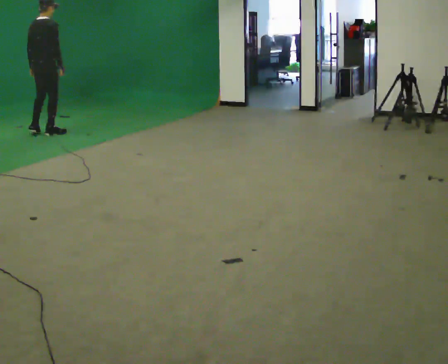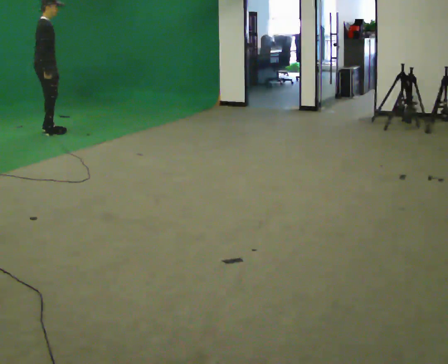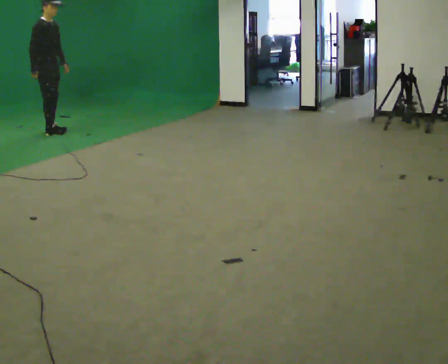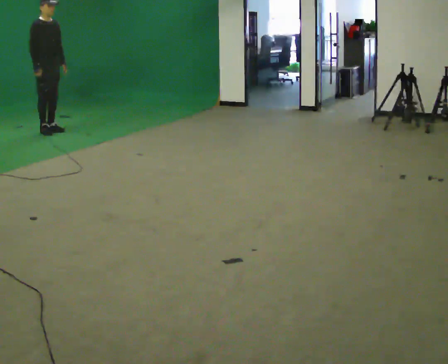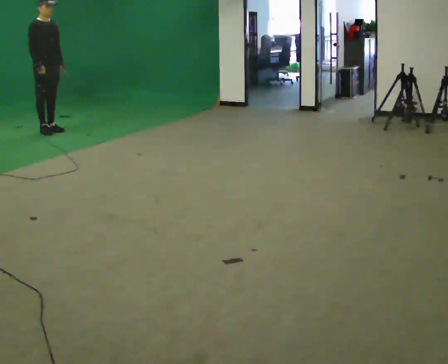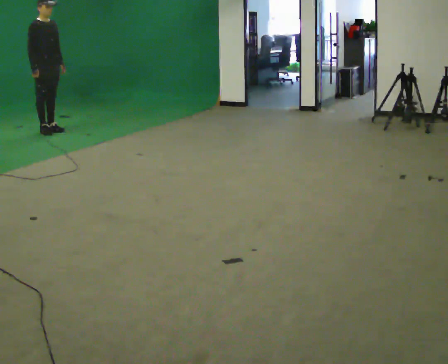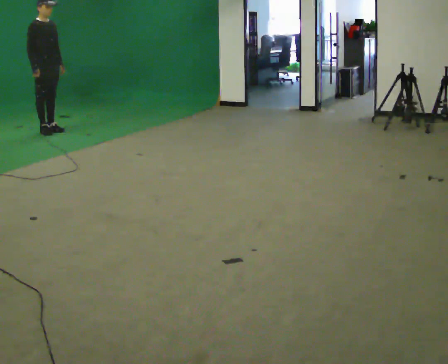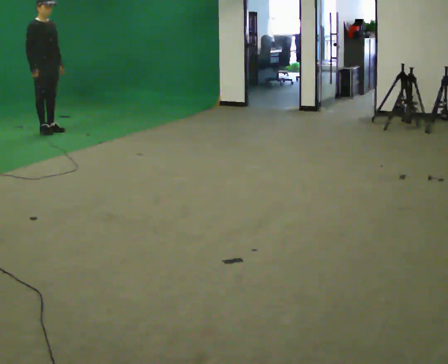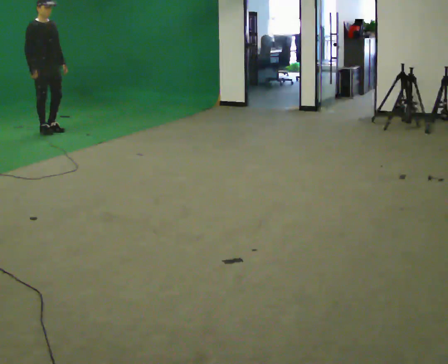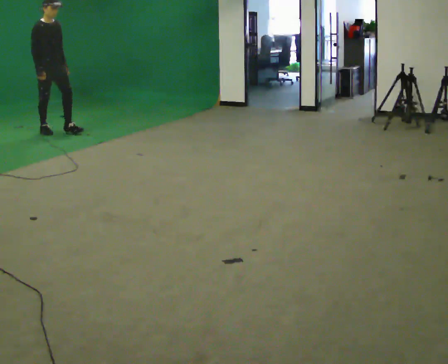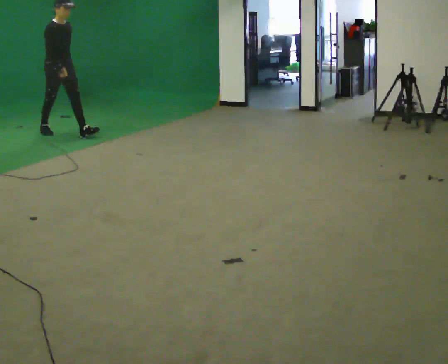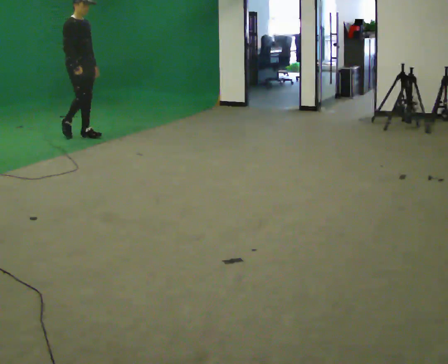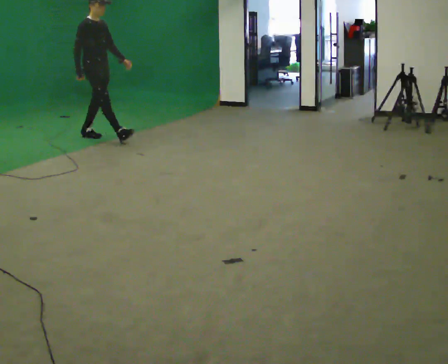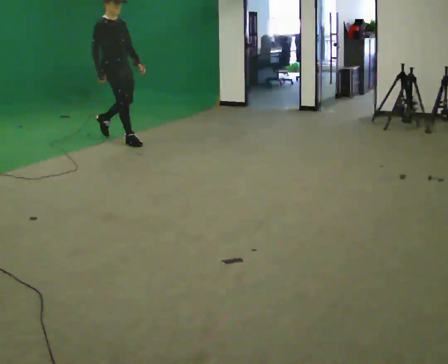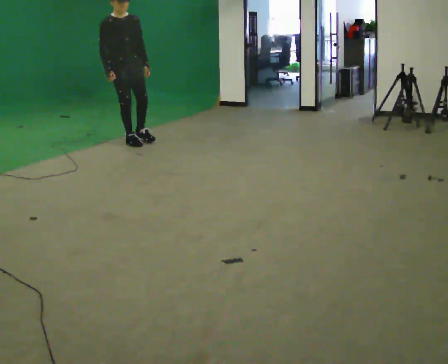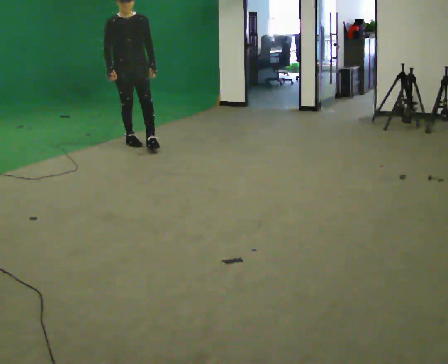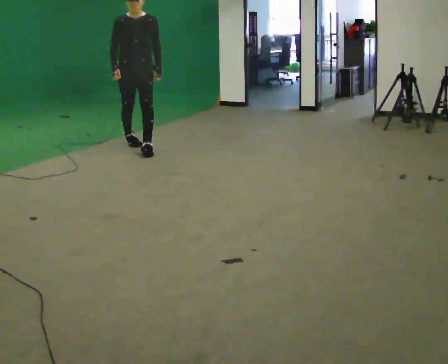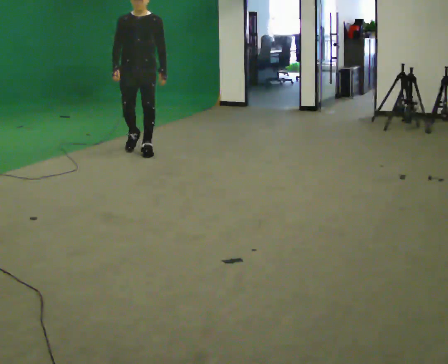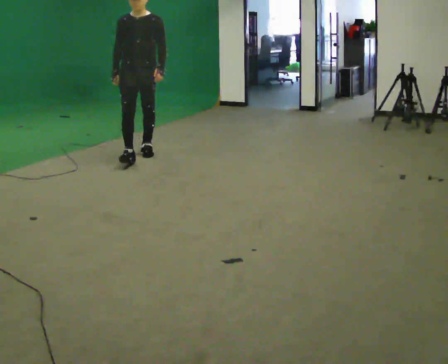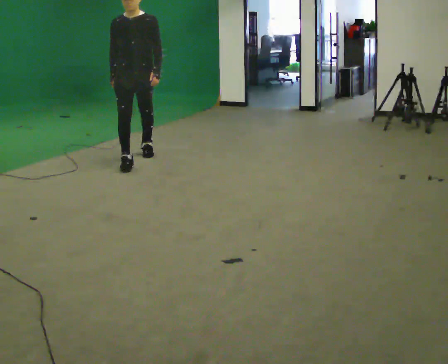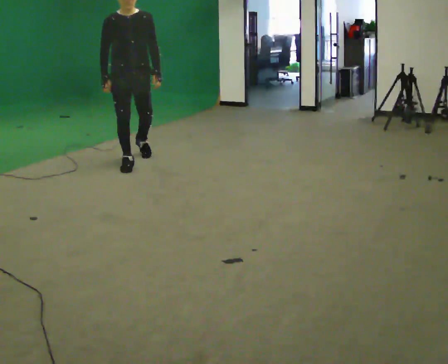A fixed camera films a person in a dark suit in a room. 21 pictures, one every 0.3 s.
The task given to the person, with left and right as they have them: Walk normally; turn left/right while slowing; after turn accelerate back to normal.
0.0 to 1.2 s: Seen from above the body turns clockwise, about 90 degrees: to their right, with its near side sliding to the left. In the picture they go away from the camera, about 0.25 m in 2 steps. In the picture their left hand goes to the right.
1.2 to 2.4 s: The person moves a little, or ends about where they began.
2.4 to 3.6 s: In the picture they go to the right and toward the camera, about 1 m in 1 step, which for them is forward.
3.6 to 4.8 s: The part of the body nearest the lens slides to the left as the person turns to their right by about 60 degrees. In the picture they go toward the camera and to the right, about 0.5 m in 2 steps.
4.8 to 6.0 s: In the picture they go toward the camera, about 0.75 m in 1 step, which for them is forward.
The film runs forward here.
